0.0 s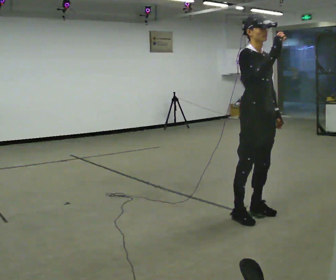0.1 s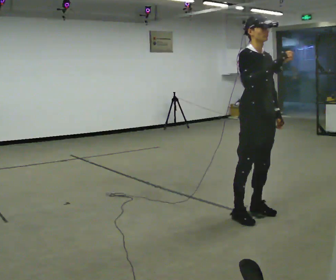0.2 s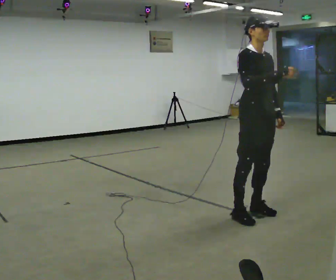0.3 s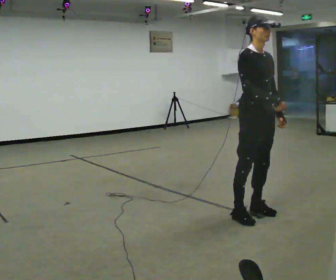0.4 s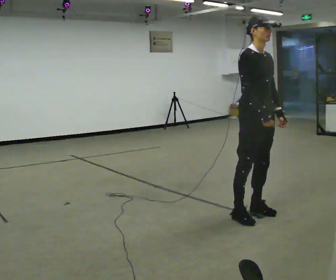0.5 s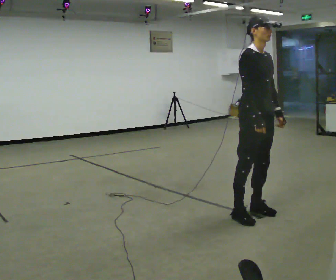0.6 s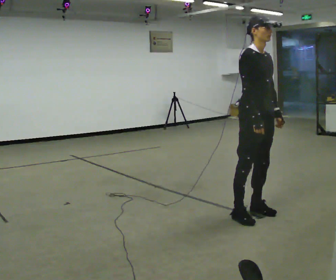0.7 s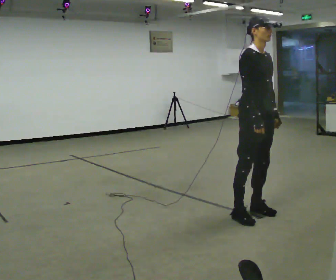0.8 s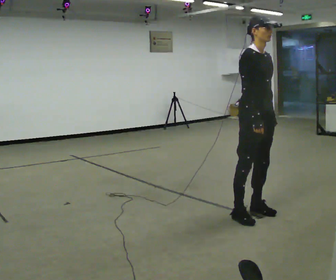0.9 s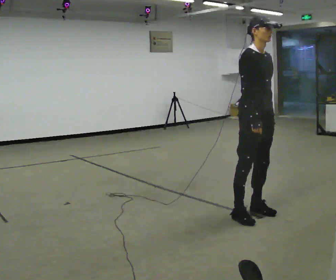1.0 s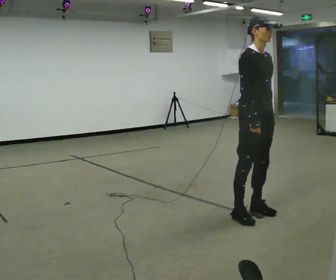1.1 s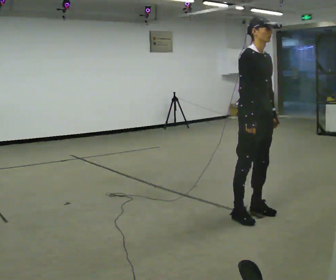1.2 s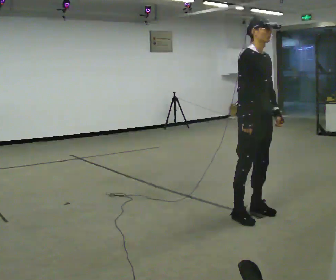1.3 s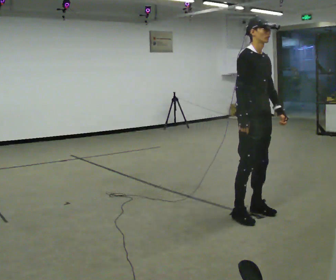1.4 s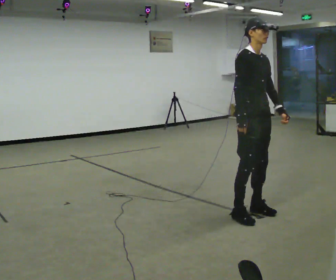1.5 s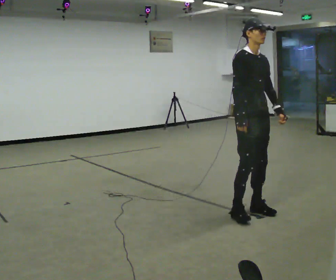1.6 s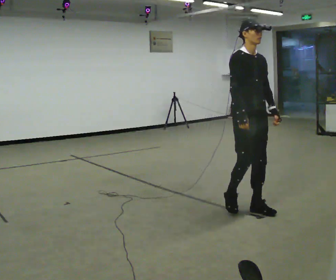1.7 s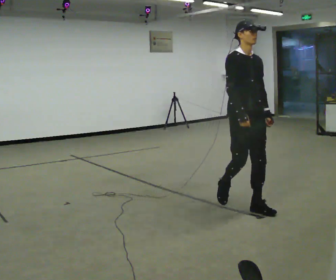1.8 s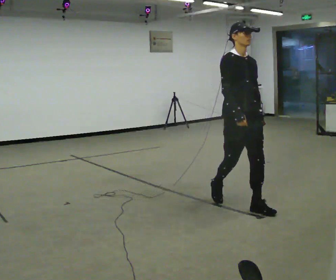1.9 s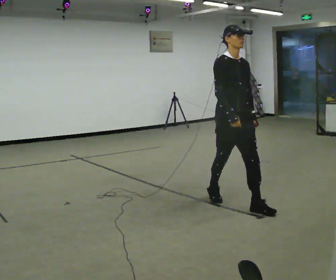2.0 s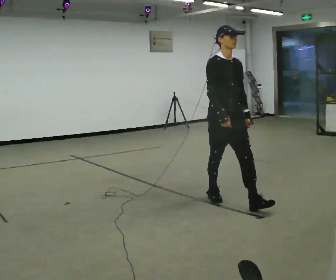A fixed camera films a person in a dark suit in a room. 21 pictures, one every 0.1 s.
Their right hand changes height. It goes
downward.
0.0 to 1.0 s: In the picture their right hand goes downward.
1.0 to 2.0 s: In the picture they go away from the camera and to the left, about 0.5 m in 2 steps, which for them is backward.
The film runs backward here.
